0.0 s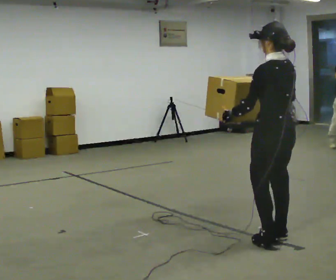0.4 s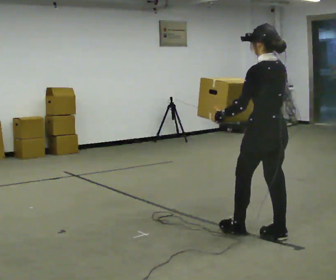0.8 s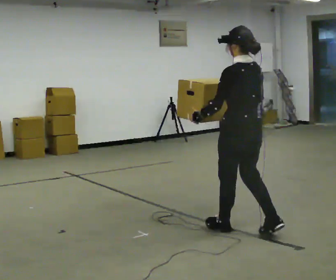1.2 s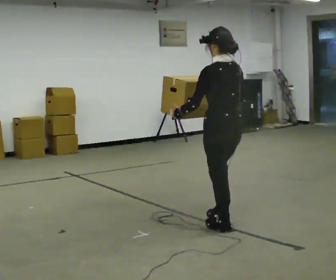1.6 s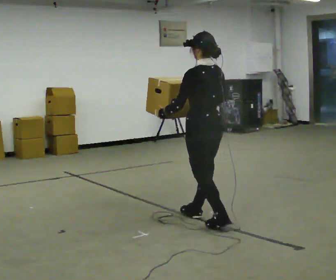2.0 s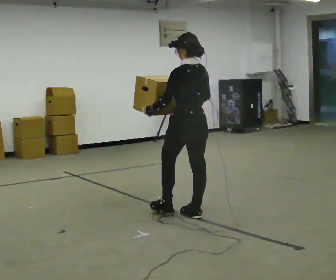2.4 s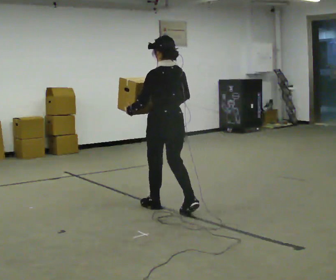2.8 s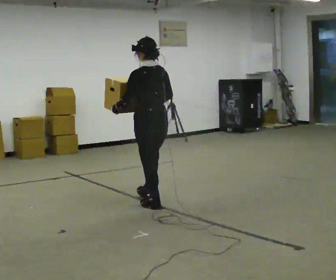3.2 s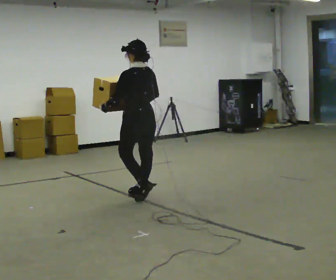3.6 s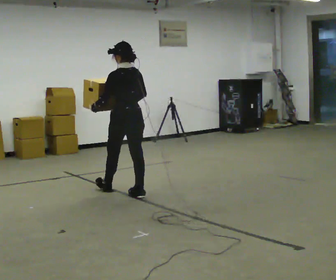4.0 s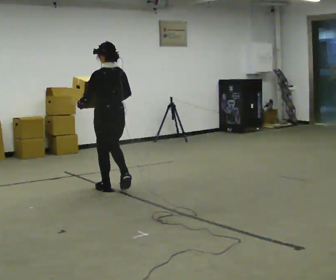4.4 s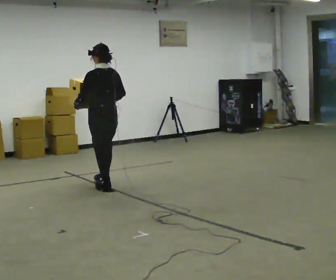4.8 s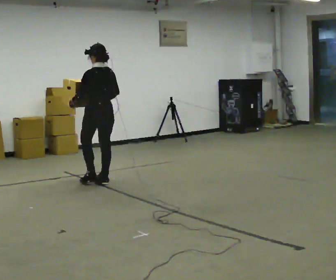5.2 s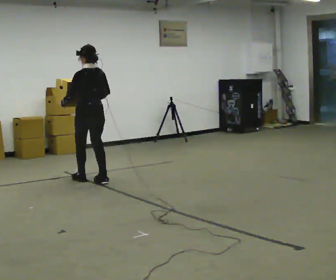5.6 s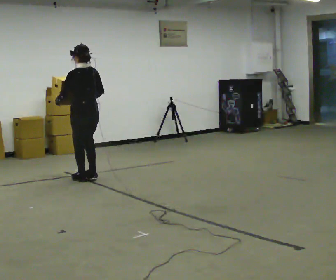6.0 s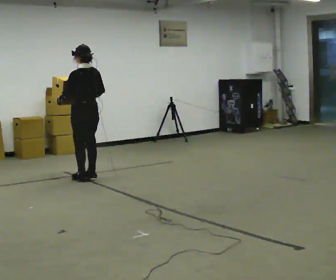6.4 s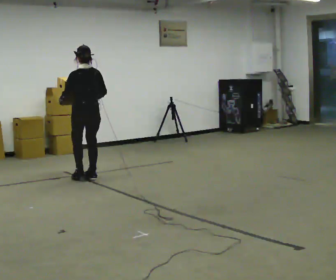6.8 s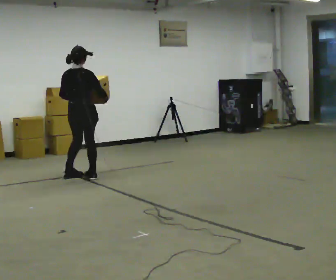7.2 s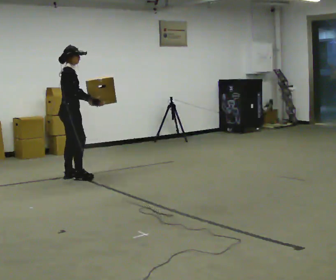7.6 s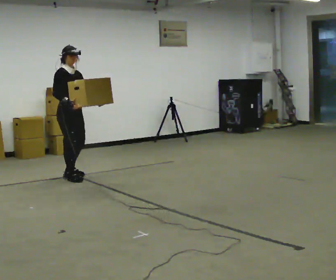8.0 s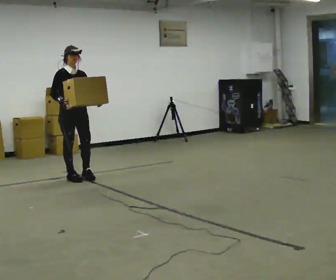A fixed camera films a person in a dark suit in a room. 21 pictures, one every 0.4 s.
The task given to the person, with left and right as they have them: Carry the box across the room, back and forth. The operator will swap between the box with handles and the one without.
0.0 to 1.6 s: In the picture they go away from the camera and to the left, about 0.5 m in 2 steps, which for them is forward.
1.6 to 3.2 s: In the picture they go away from the camera and to the left, about 1 m in 2 steps, which for them is forward.
3.2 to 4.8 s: In the picture they go away from the camera and to the left, about 1 m in 2 steps, which for them is forward.
4.8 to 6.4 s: In the picture they go away from the camera and to the left, about 0.25 m in 2 steps, which for them is forward.
6.4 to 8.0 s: The person turns about 165 degrees to their right, clockwise seen from above, so the part of the body nearest the lens slides to the left. In the picture they go to the left, about 0.25 m in 2 steps. In the picture their right hand goes to the left.
The film runs forward here.
